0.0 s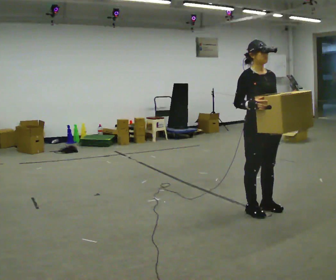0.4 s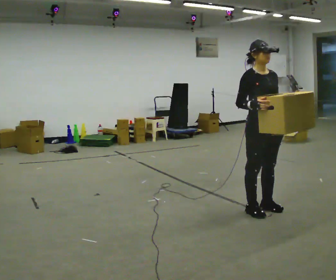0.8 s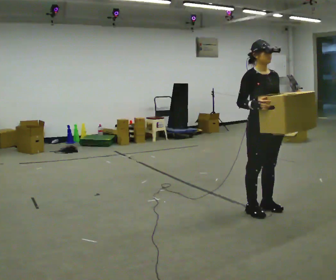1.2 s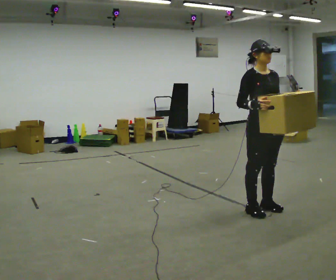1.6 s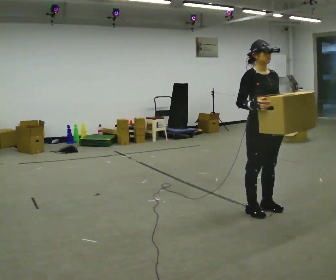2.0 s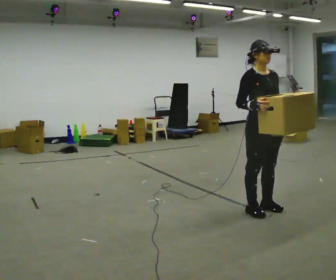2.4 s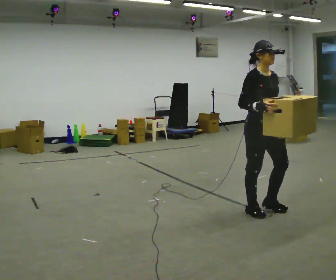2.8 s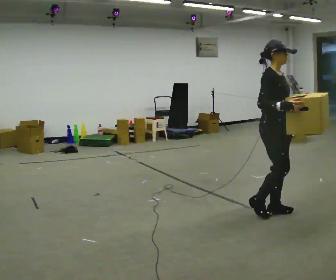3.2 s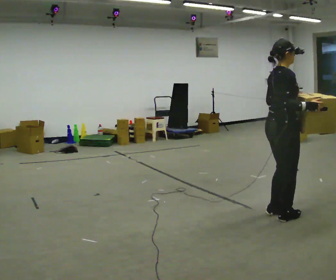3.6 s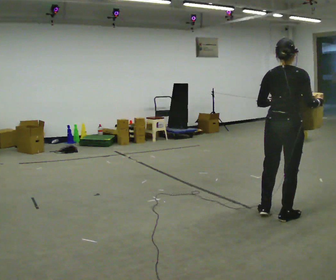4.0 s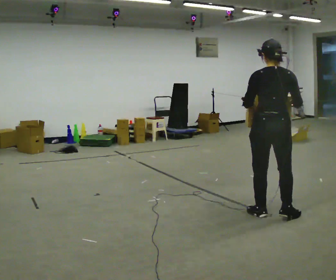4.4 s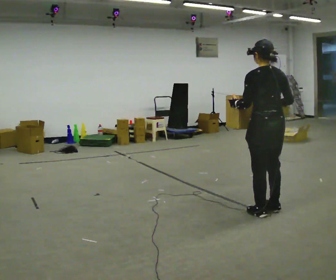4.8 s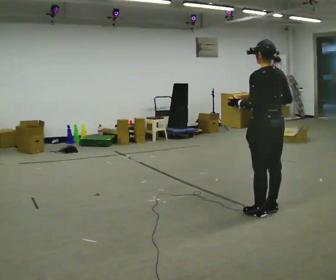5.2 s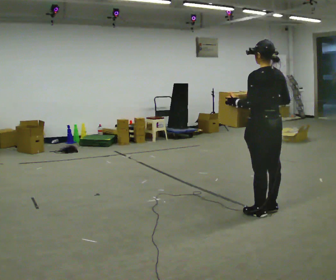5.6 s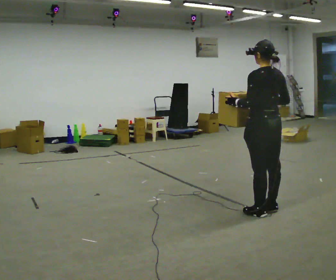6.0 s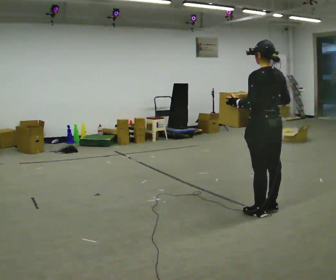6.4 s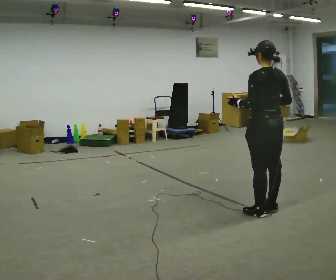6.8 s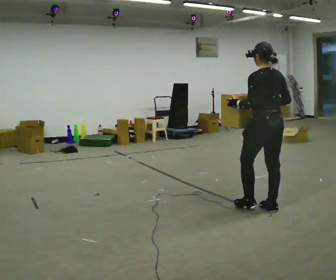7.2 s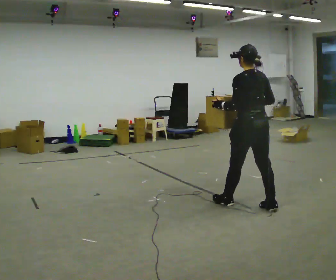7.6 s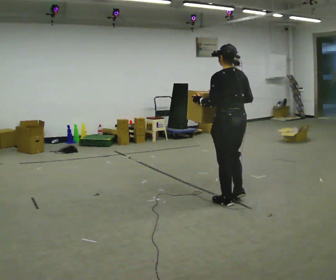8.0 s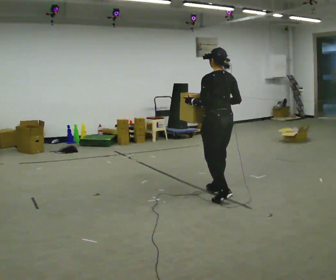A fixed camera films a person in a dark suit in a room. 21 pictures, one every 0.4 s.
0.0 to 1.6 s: The person keeps their place and pose.
1.6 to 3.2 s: The person turns about 75 degrees to their left, counterclockwise seen from above, so the part of the body nearest the lens slides to the right. In the picture they go to the right, about 0.25 m in 2 steps.
3.2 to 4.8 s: The person turns about 105 degrees to their left, counterclockwise seen from above, so the part of the body nearest the lens slides to the right.
4.8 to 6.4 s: The person moves a little, or ends about where they began.
6.4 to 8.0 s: In the picture they go to the left and away from the camera, about 0.5 m in 2 steps, which for them is forward.
The film runs forward here.
